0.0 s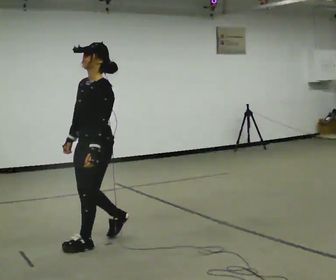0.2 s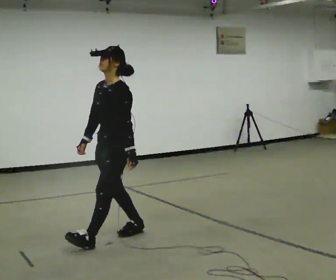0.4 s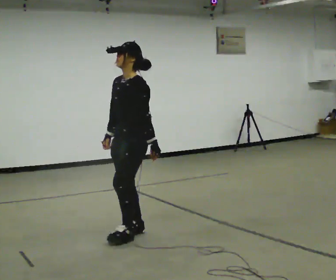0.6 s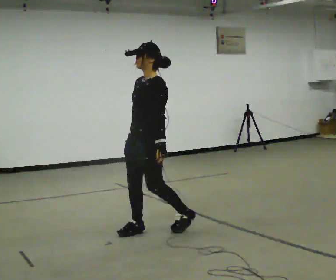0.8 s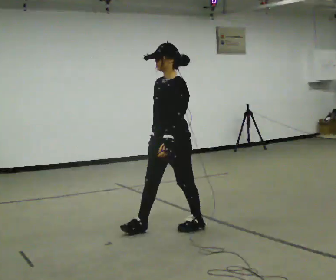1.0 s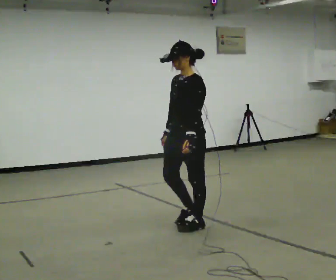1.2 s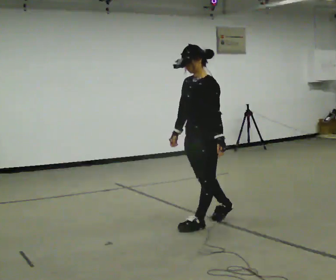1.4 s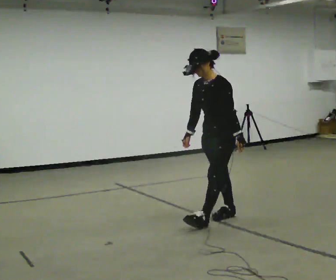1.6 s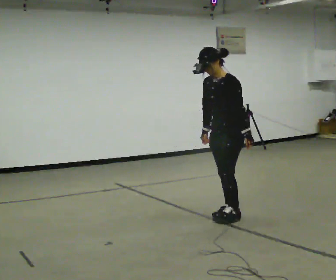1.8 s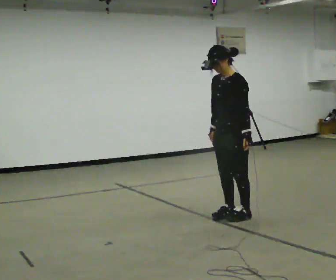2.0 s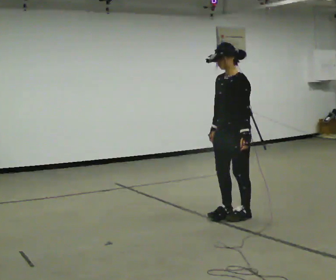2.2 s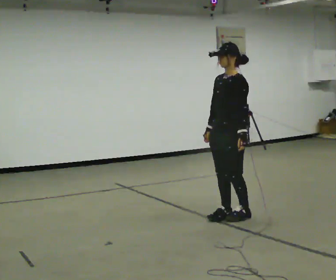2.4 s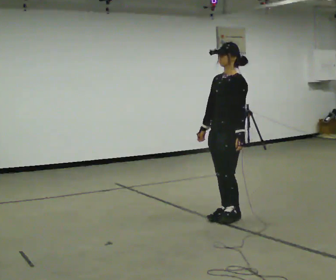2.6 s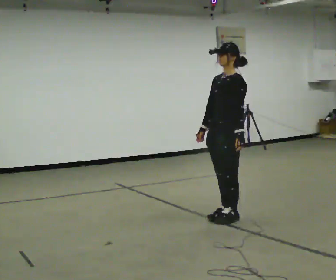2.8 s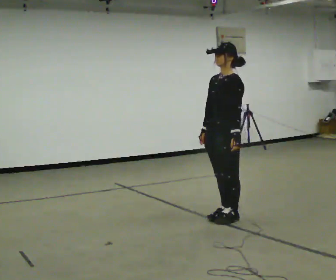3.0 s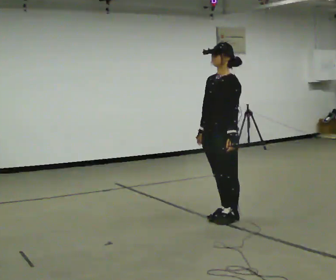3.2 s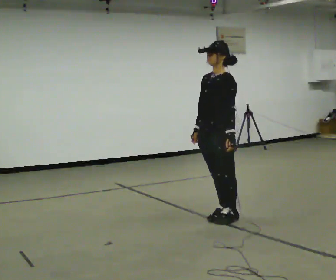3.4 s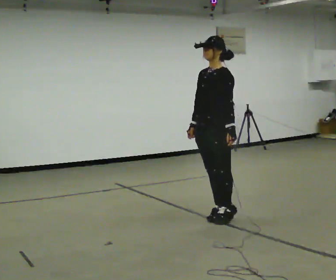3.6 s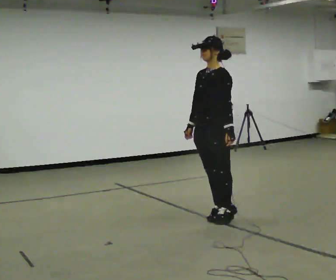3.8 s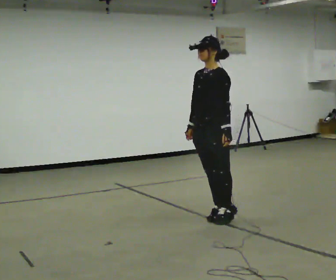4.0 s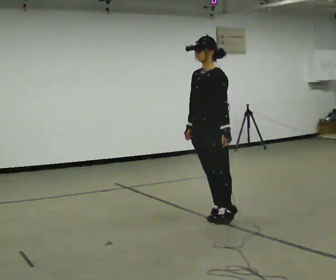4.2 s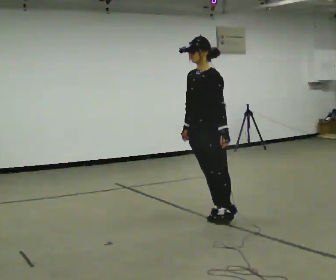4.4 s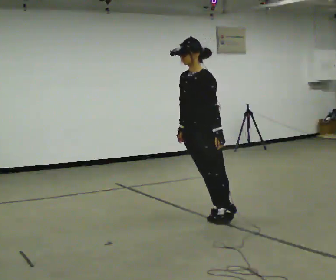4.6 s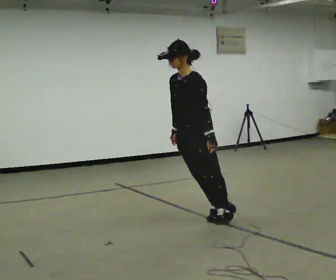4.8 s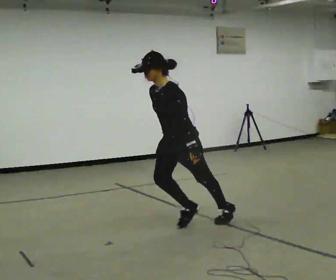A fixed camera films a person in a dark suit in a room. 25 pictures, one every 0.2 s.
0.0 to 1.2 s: In the picture they go to the right and away from the camera, about 1 m in 2 steps, which for them is backward.
1.2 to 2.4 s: In the picture they go to the right, about 0.25 m in 2 steps, which for them is backward.
2.4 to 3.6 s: The person moves a little, or ends about where they began.
3.6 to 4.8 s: In the picture they go to the left and toward the camera, about 0.5 m, which for them is forward. The shoulders move downward. In the picture the upper body tilts counterclockwise, shoulders to the left, as they bend forward.
The film runs forward here.
